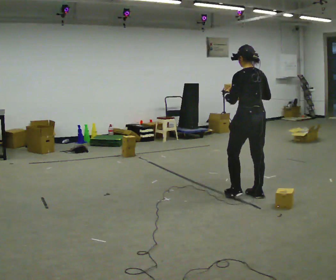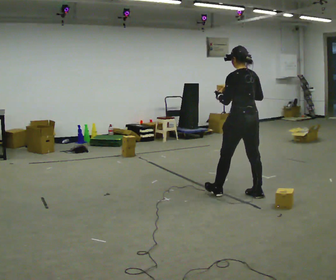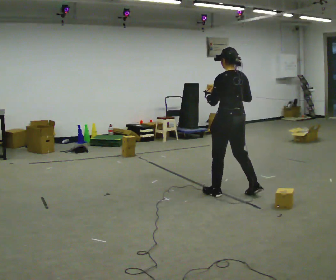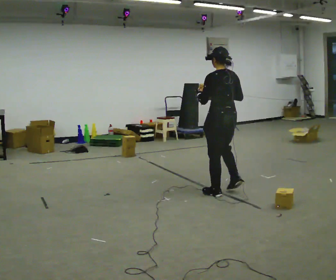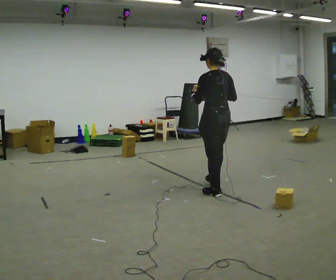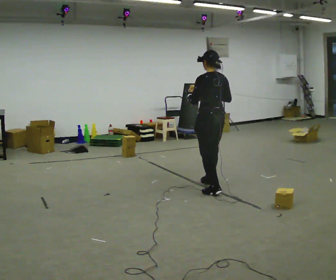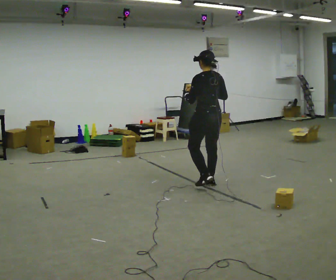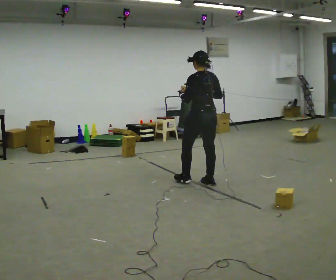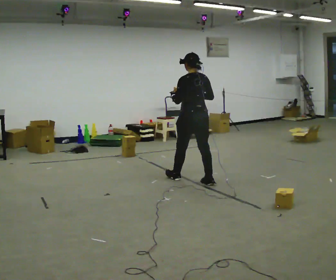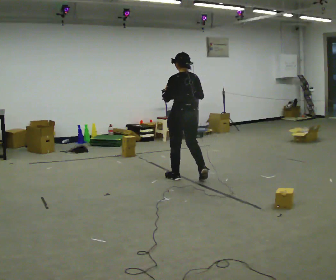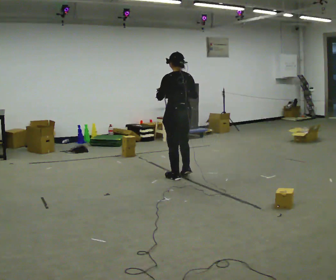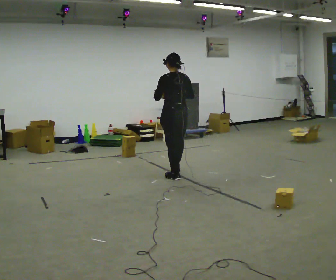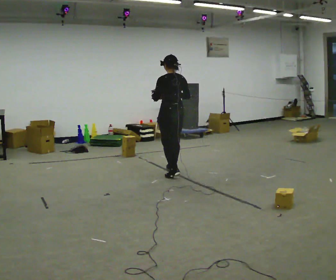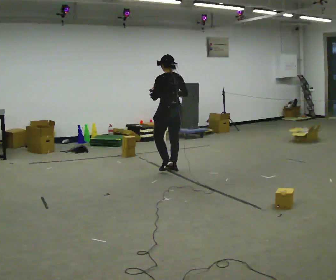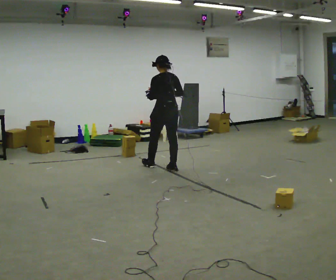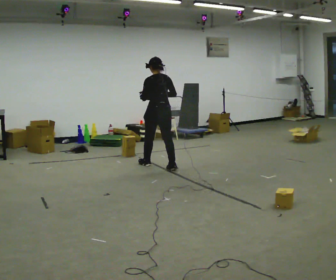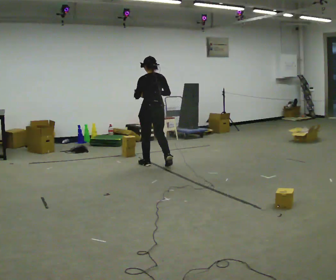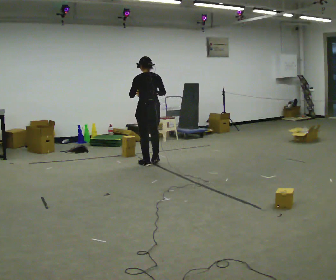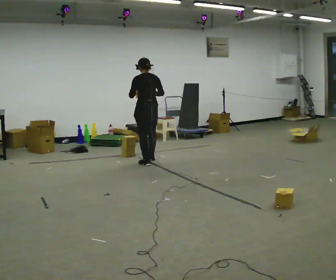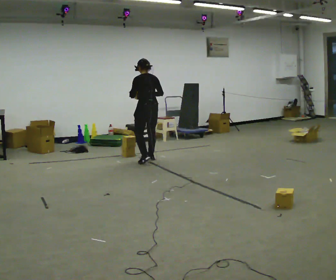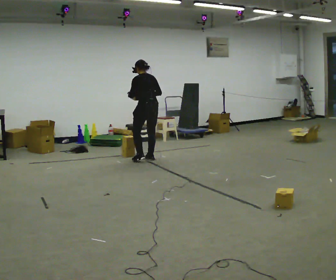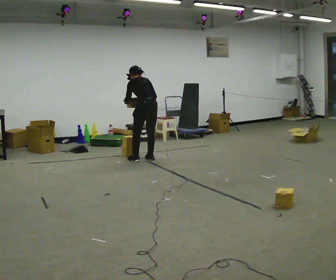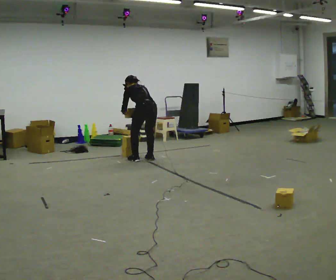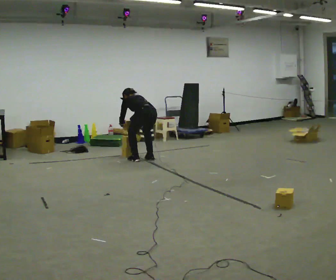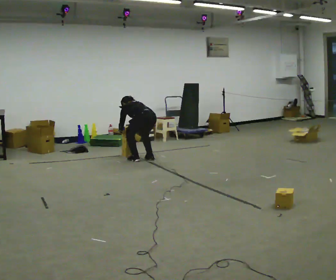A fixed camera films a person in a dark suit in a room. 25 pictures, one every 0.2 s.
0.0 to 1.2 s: In the picture they go away from the camera and to the left, about 0.75 m in 2 steps, which for them is forward.
1.2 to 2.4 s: In the picture they go away from the camera and to the left, about 1 m in 2 steps, which for them is forward.
2.4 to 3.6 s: In the picture they go away from the camera and to the left, about 0.5 m in 1 step, which for them is forward.
3.6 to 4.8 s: The shoulders move downward. The upper body tips away from the camera, its near side rolling upward, as they bend forward. In the picture their left hand goes downward.
The film runs forward here.
